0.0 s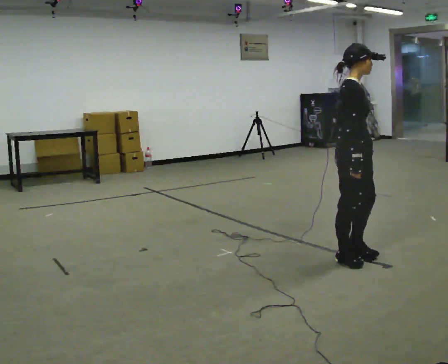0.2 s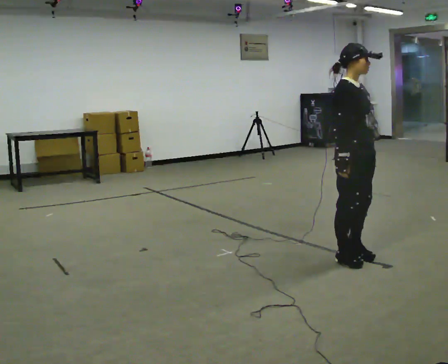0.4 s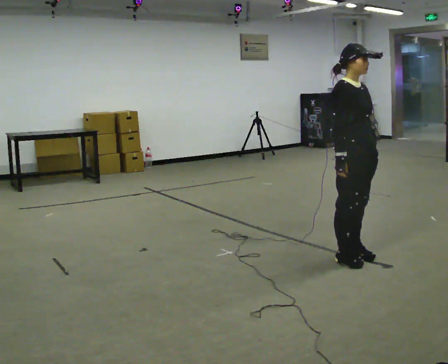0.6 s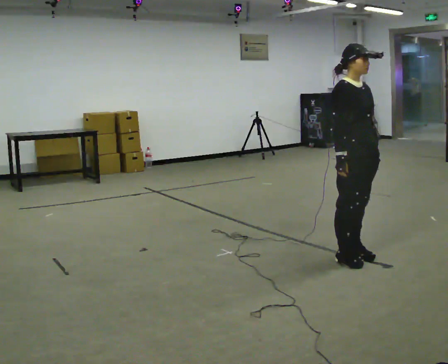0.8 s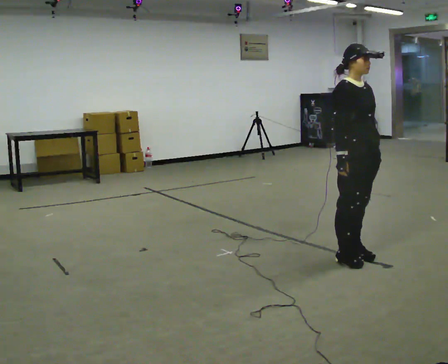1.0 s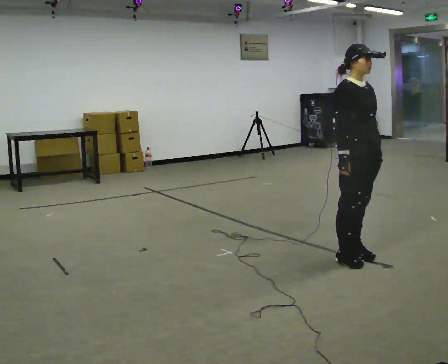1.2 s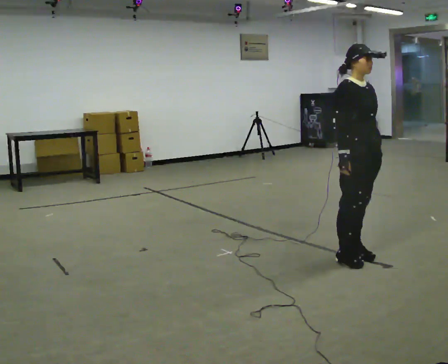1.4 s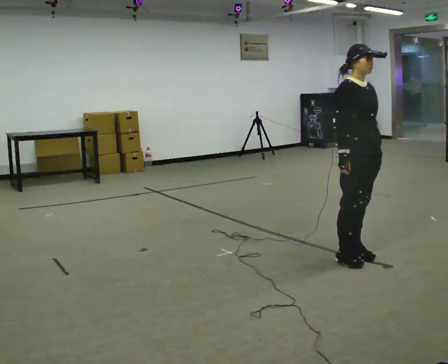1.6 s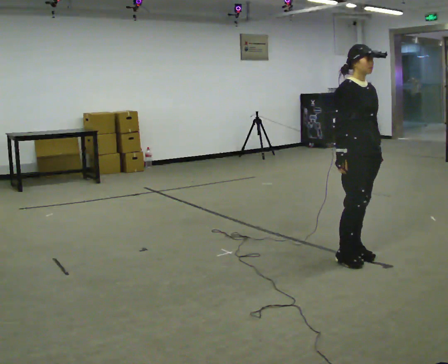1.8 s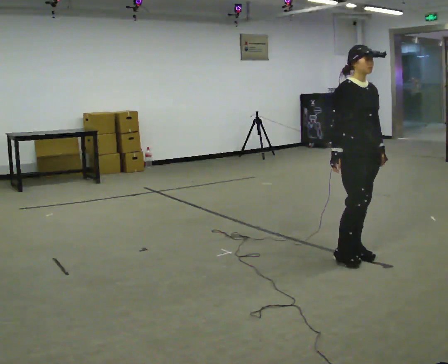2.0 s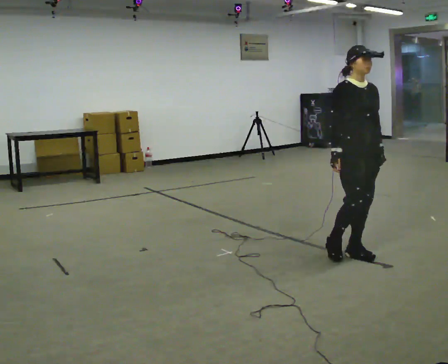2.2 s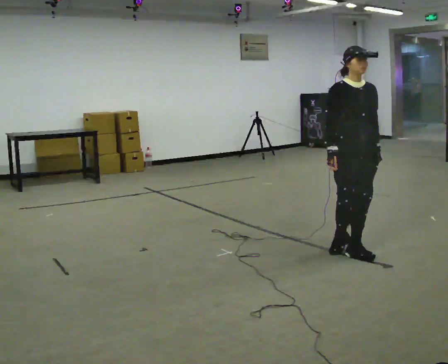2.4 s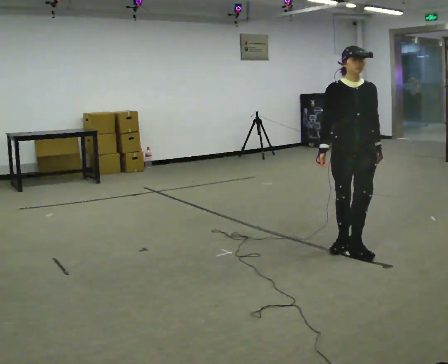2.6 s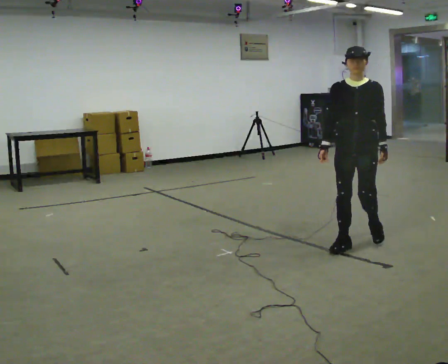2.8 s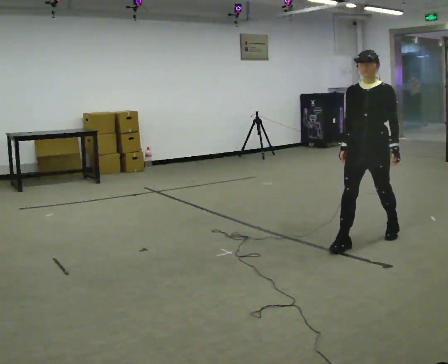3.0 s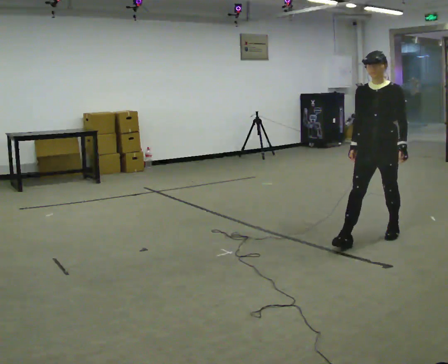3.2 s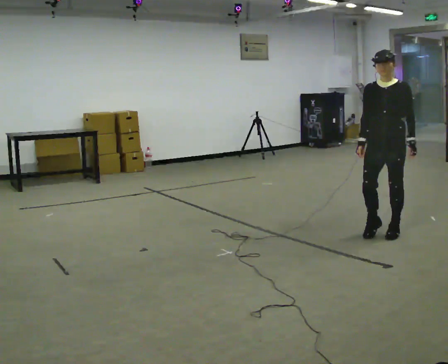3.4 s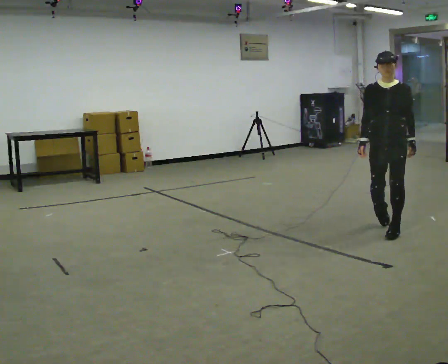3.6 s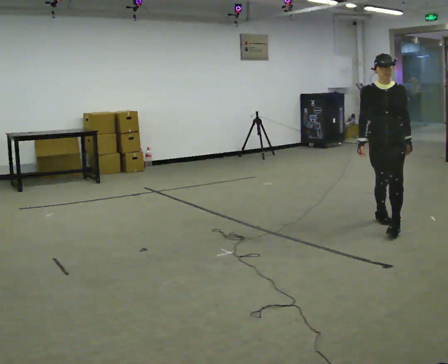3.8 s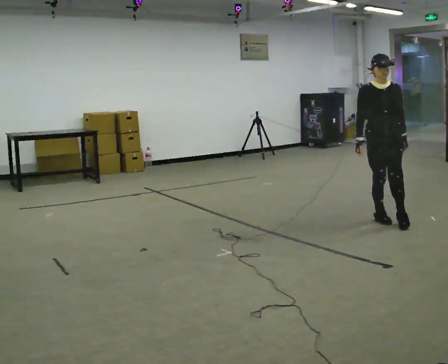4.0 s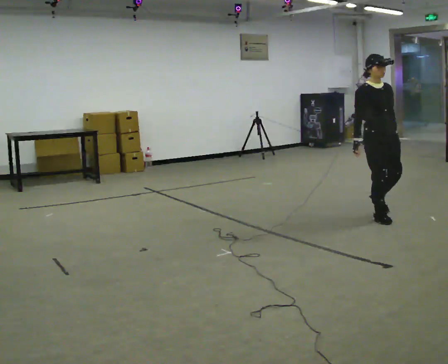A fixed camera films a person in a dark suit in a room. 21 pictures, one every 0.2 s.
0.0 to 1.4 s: The part of the body nearest the lens slides to the left as the person turns to their right by about 30 degrees.
1.4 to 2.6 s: The part of the body nearest the lens slides to the left as the person turns to their right by about 60 degrees. In the picture they go away from the camera, about 0.25 m in 2 steps.
2.6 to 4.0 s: Seen from above the body turns counterclockwise, about 45 degrees: to their left, with its near side sliding to the right. In the picture they go away from the camera, about 0.5 m in 2 steps.
The film runs backward here.
